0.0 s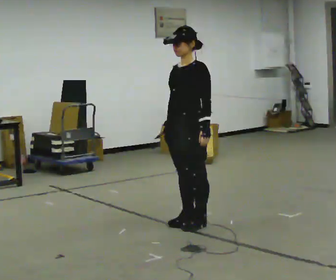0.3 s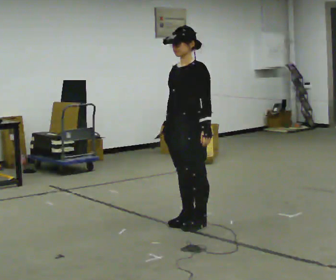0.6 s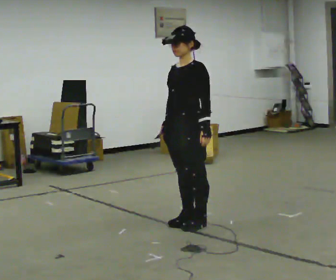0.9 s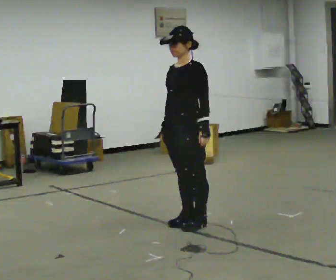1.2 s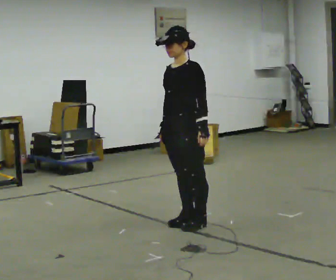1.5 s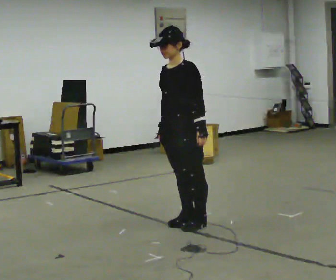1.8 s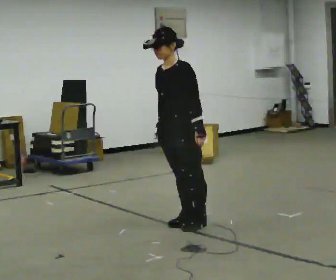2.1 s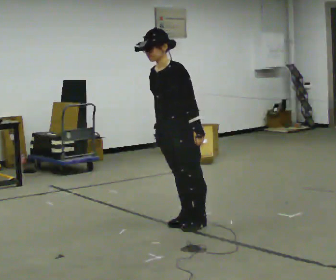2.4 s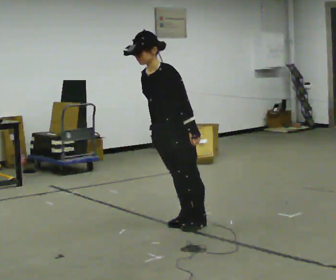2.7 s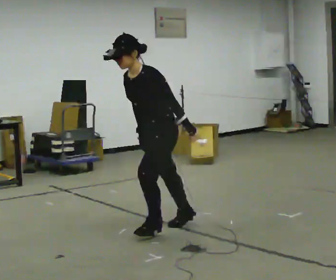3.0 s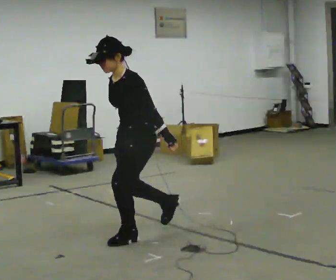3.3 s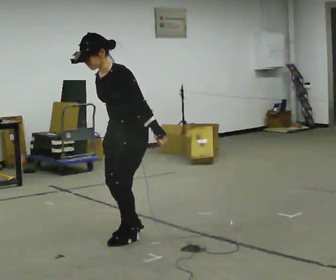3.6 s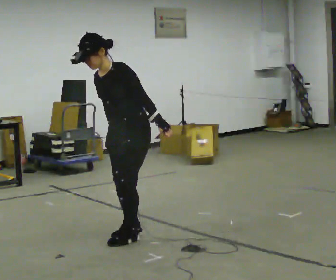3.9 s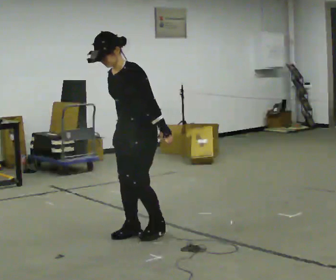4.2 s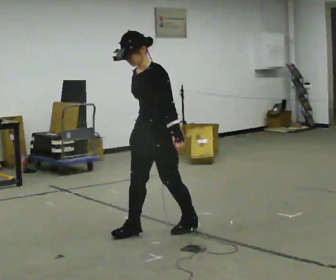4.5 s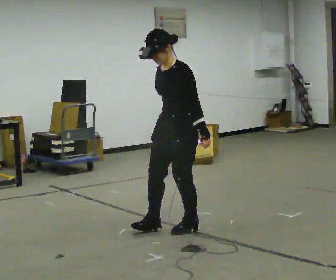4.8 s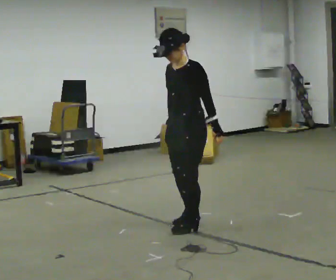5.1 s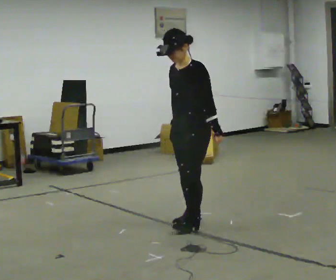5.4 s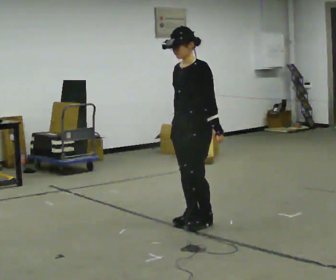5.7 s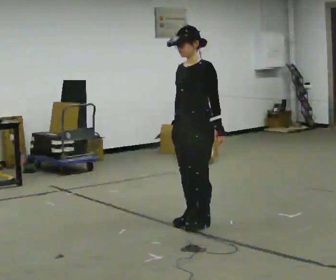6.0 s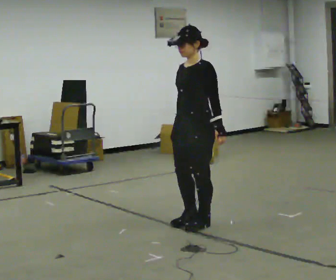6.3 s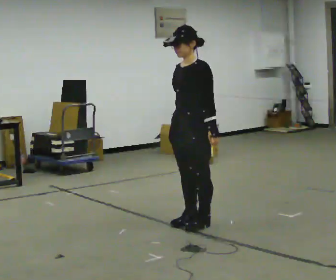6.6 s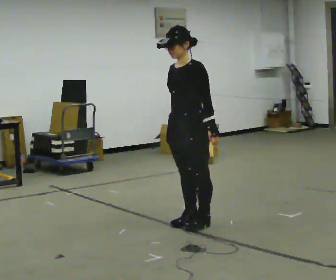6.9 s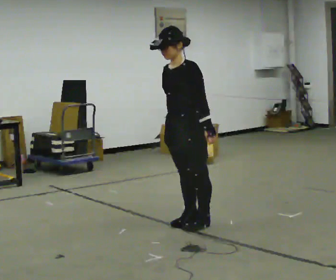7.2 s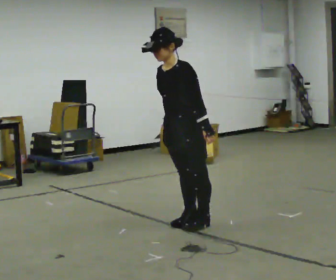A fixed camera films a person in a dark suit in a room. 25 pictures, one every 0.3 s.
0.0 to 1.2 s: The person moves a little, or ends about where they began.
1.2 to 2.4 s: In the picture the upper body tilts counterclockwise, shoulders to the left, as they bend forward.
2.4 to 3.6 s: In the picture they go to the left and toward the camera, about 0.5 m in 2 steps, which for them is forward.
3.6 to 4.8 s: In the picture they go to the right and away from the camera, about 0.5 m in 2 steps, which for them is backward. In the picture the upper body tilts clockwise, shoulders to the right, as they lean back or straighten.
4.8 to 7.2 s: The person moves a little, or ends about where they began.
The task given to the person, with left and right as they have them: Stand on the marked spots with your feet together. Lean forward from the ankles, keeping your body straight, until you cannot hold it any longer, then step forward to catch yourself. Return to the spots. Repeat at your own pace until the operator says stop. Go slowly and only as far as you are comfortable. Step whenever you need to; do not try to hold on longer than feels safe.
The film runs forward here.
